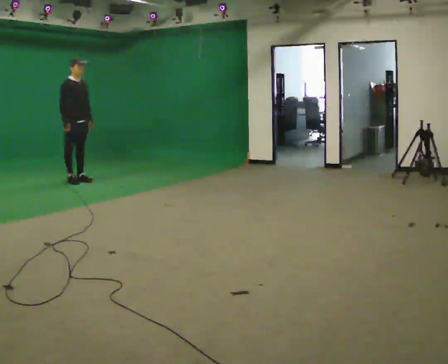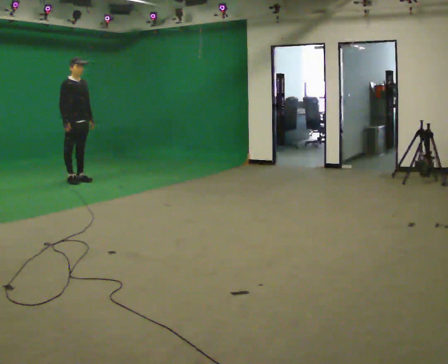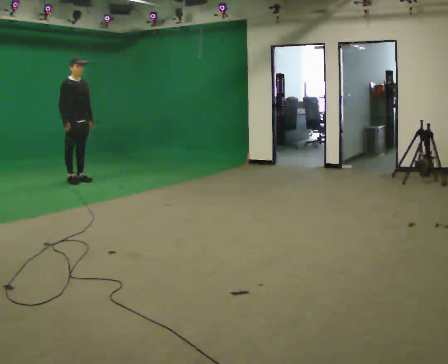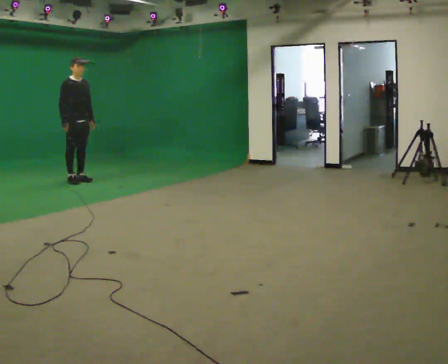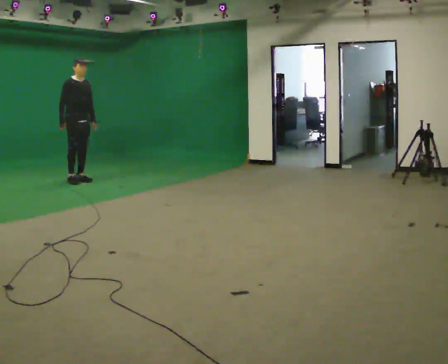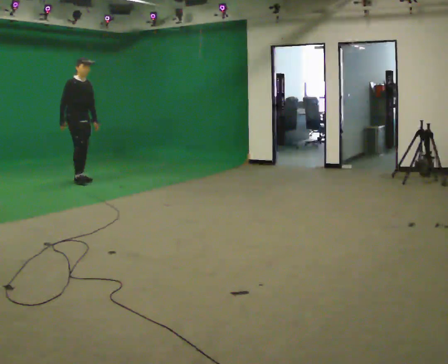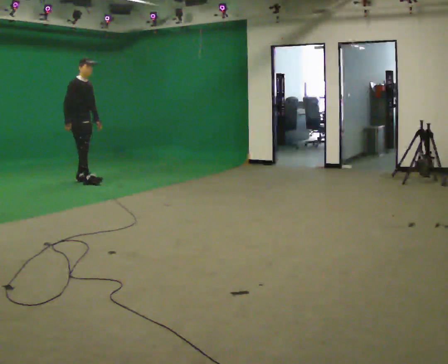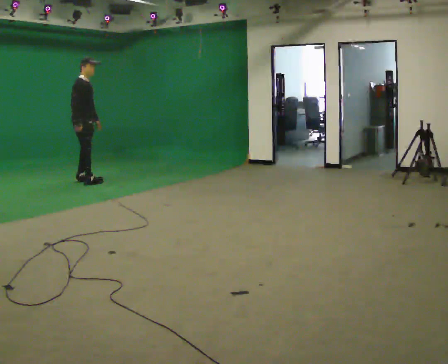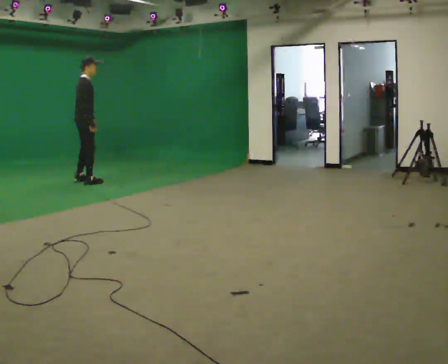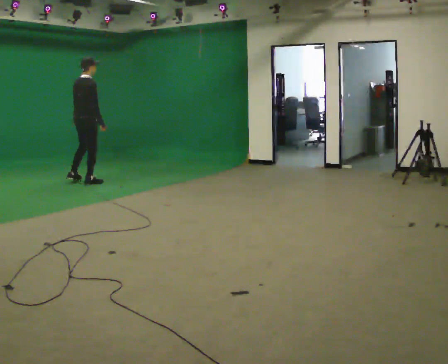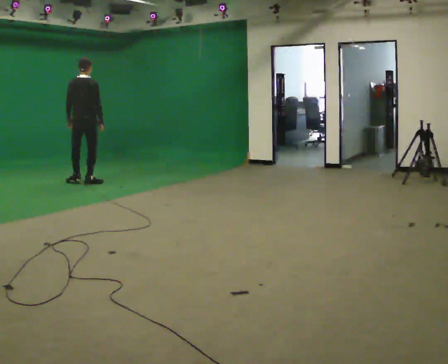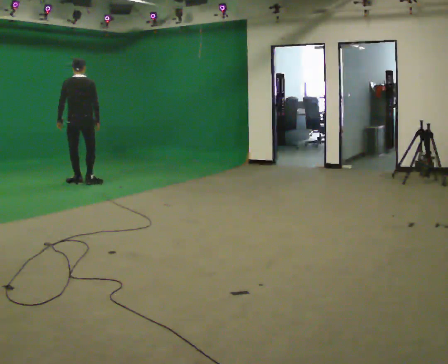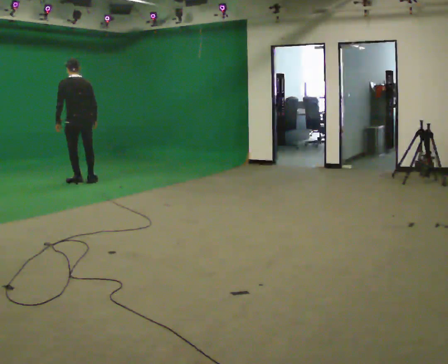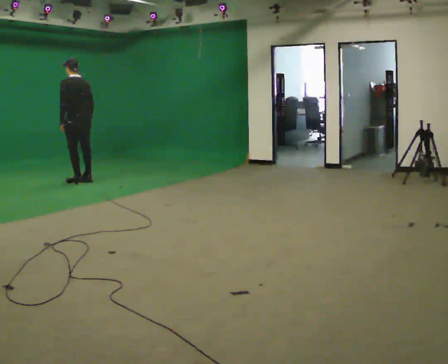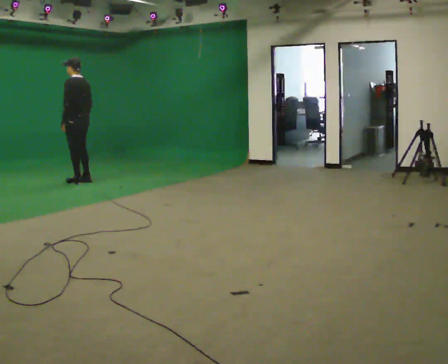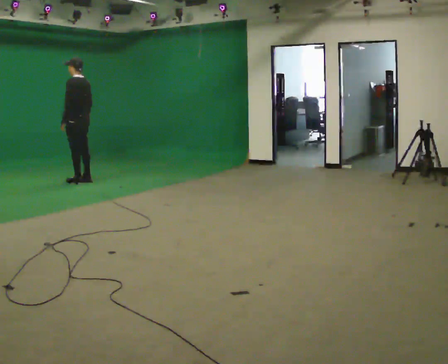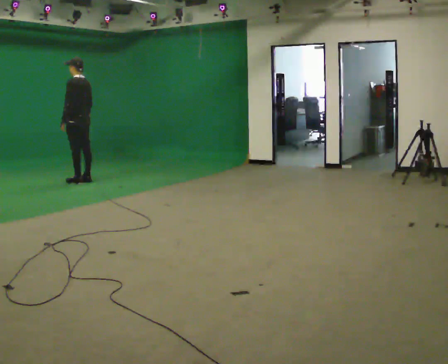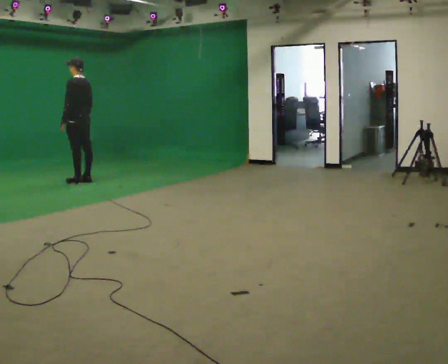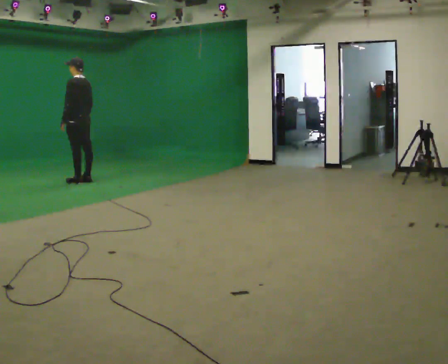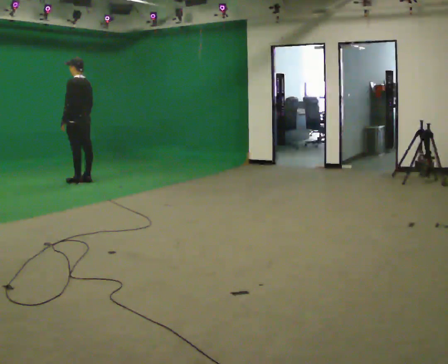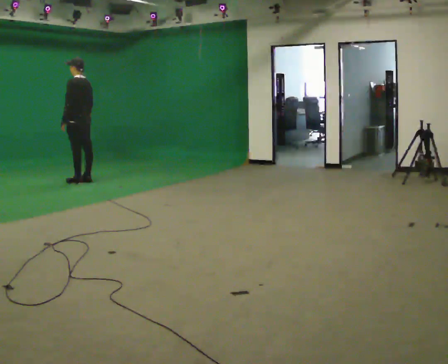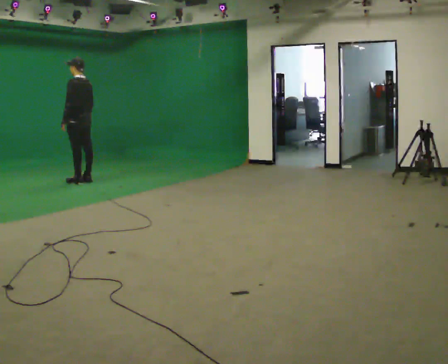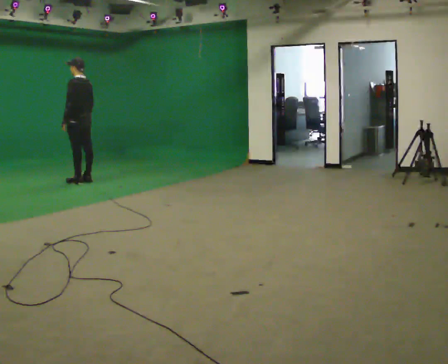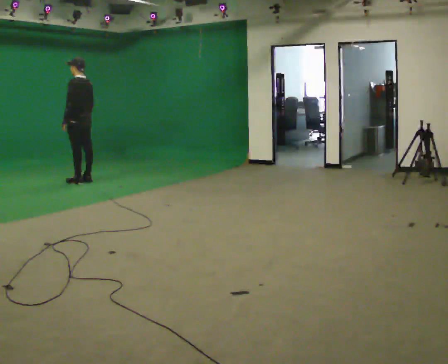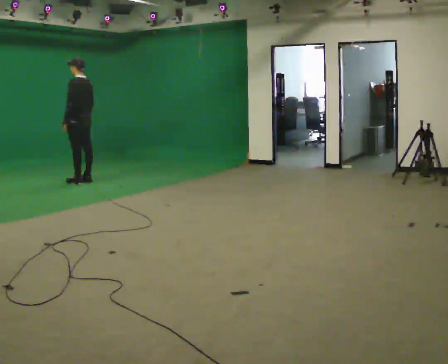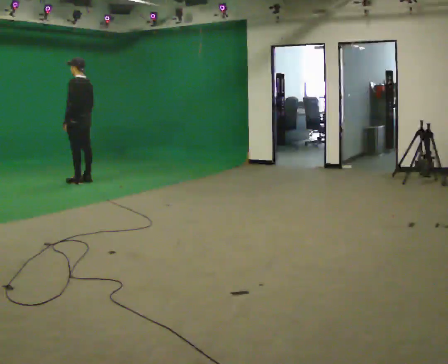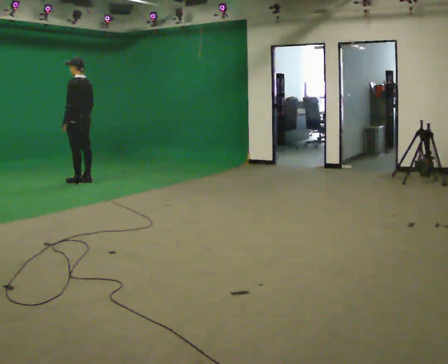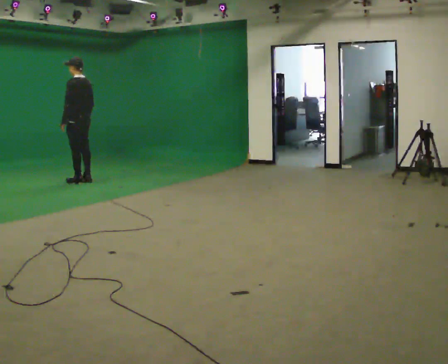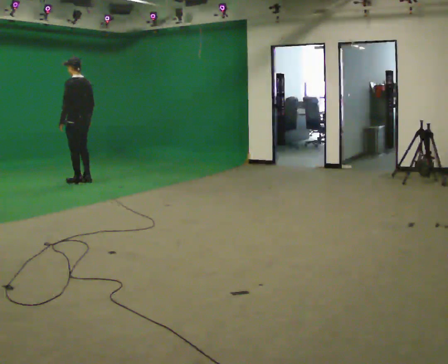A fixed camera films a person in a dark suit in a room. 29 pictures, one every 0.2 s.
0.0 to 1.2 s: The person moves a little, or ends about where they began.
1.2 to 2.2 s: The person turns about 120 degrees to their left, counterclockwise seen from above, so the part of the body nearest the lens slides to the right. In the picture they go toward the camera, about 0.25 m in 1 step. In the picture their left hand goes to the left, the arm swinging clockwise.
2.2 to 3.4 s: The part of the body nearest the lens slides to the right as the person turns to their left by about 60 degrees.
3.4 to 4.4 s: The person keeps their place and pose.
4.4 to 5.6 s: The person moves a little, or ends about where they began.
The film runs backward here.
